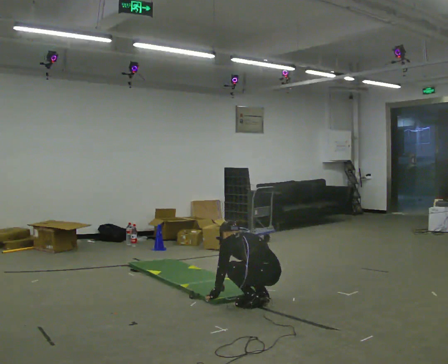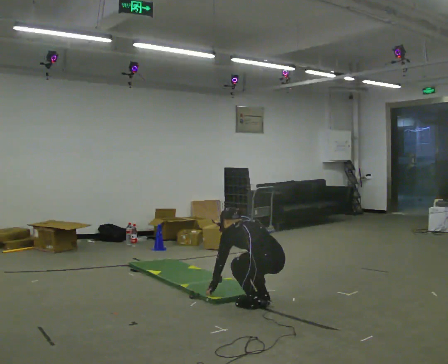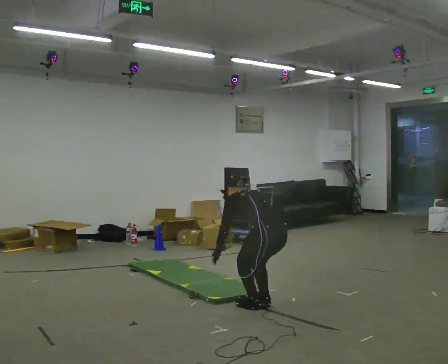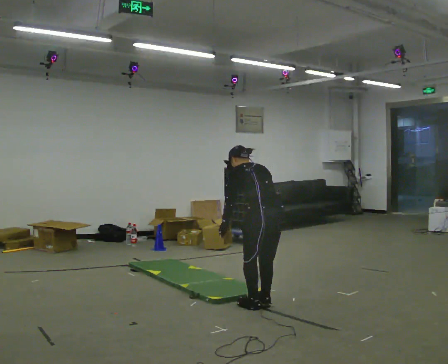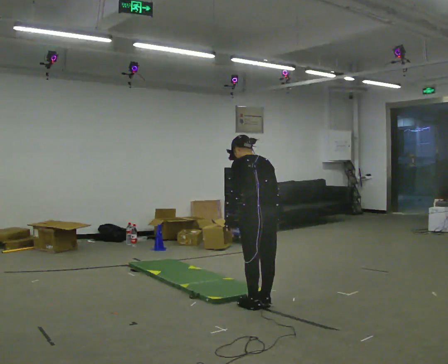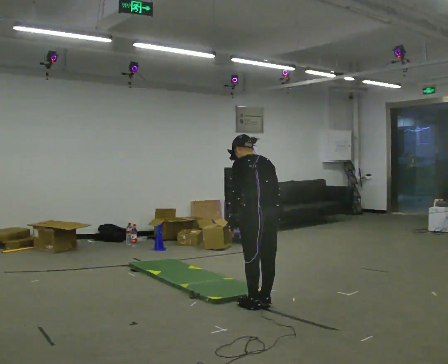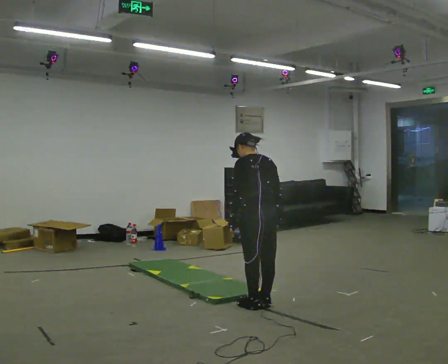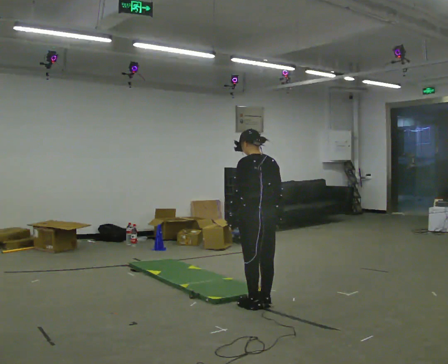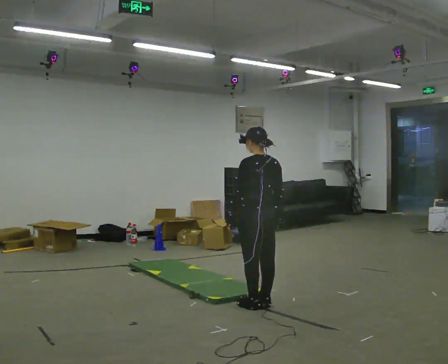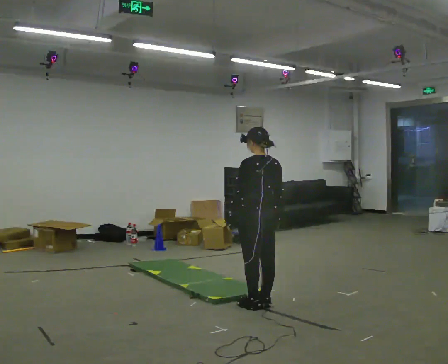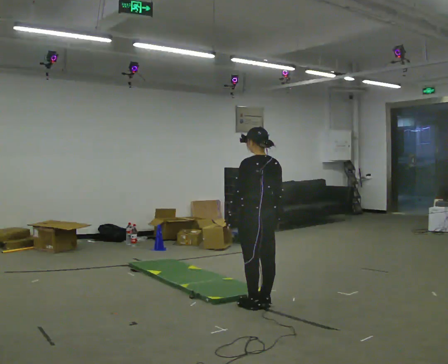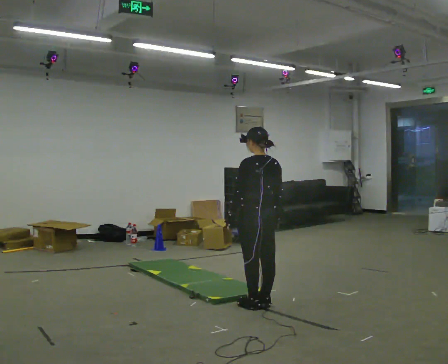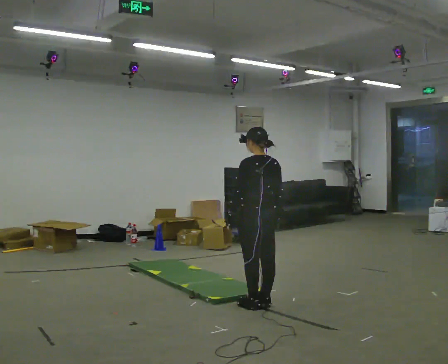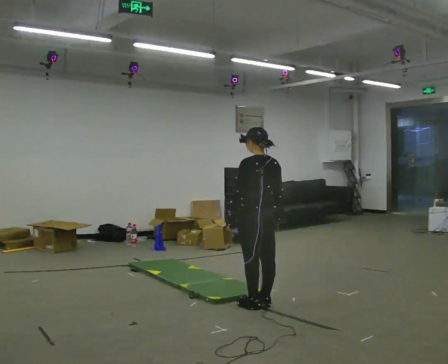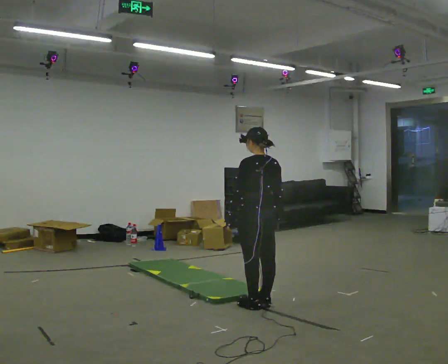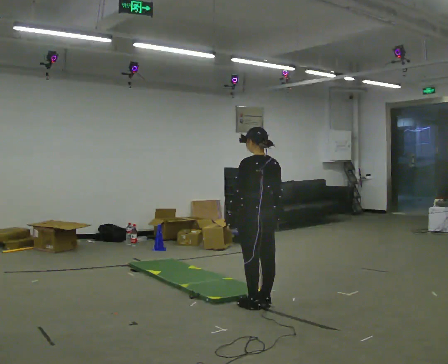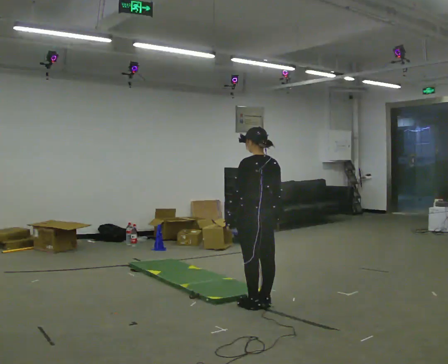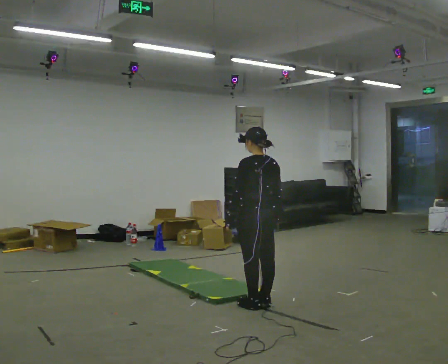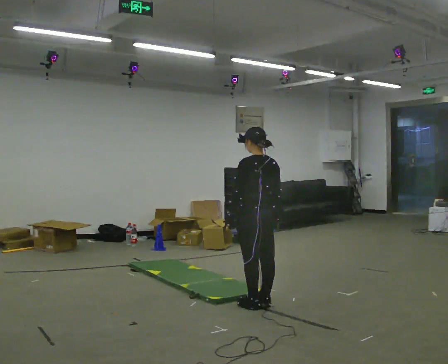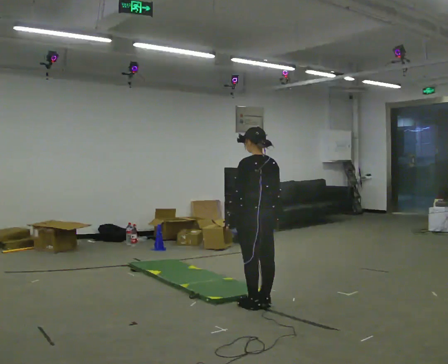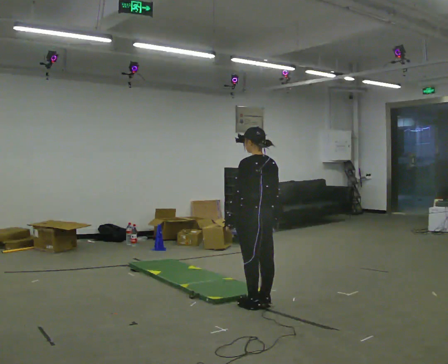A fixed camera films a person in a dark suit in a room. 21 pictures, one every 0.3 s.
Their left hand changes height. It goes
upward.
The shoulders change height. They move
upward.
0.0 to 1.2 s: The shoulders move upward. The upper body tips toward the camera, its near side rolling downward, as they lean back or straighten. In the picture their right hand goes upward.
1.2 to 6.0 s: The person moves a little, or ends about where they began.
The film runs backward here.
